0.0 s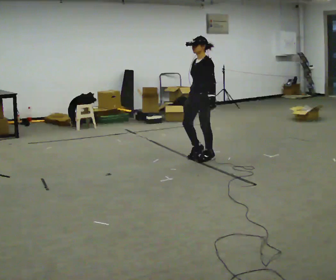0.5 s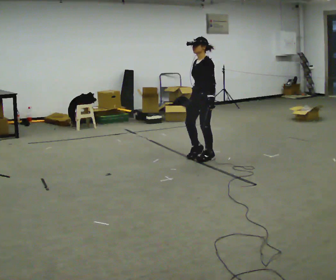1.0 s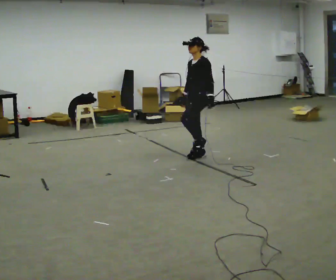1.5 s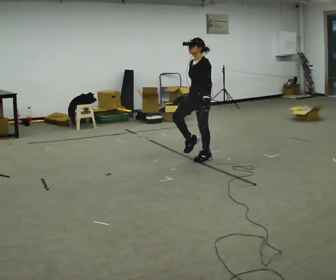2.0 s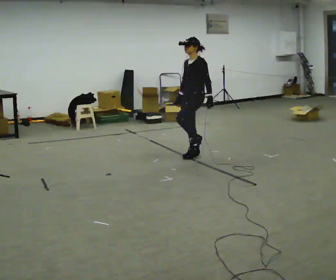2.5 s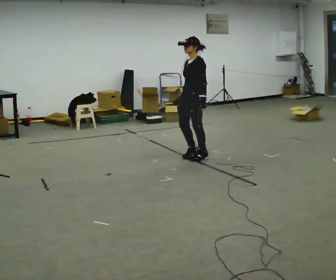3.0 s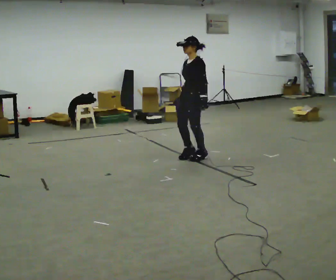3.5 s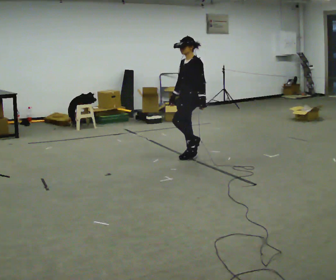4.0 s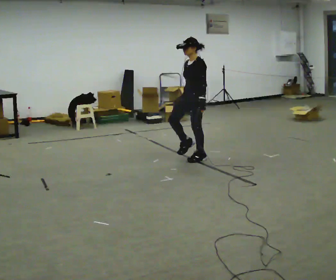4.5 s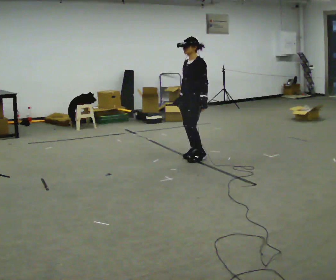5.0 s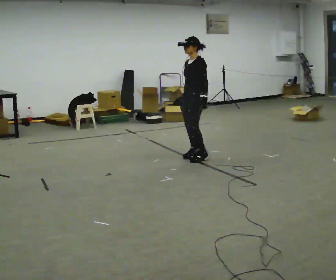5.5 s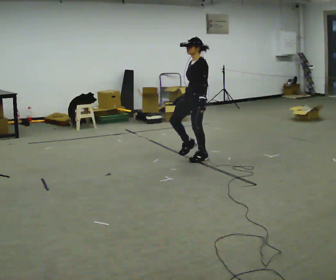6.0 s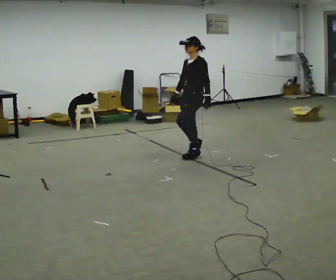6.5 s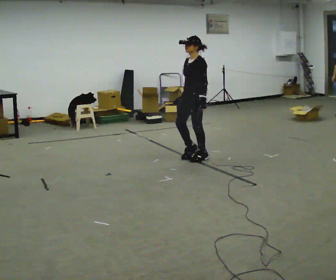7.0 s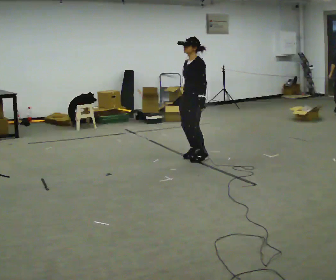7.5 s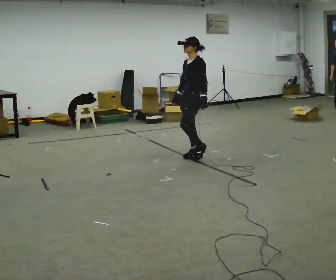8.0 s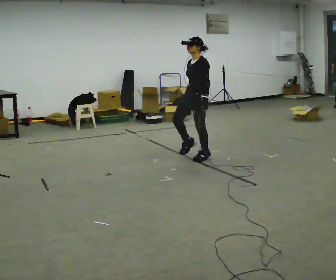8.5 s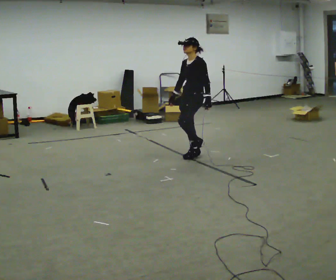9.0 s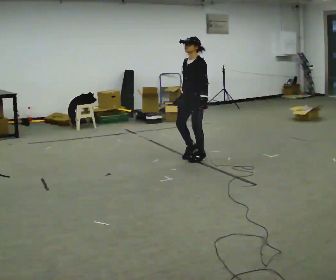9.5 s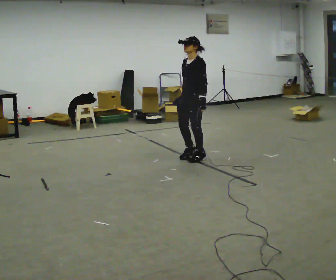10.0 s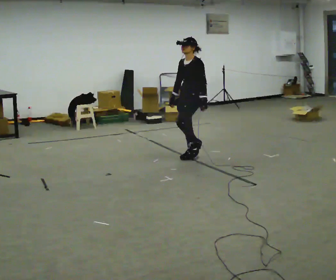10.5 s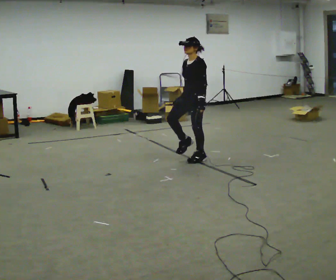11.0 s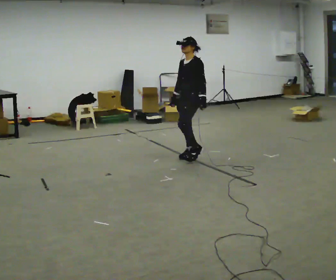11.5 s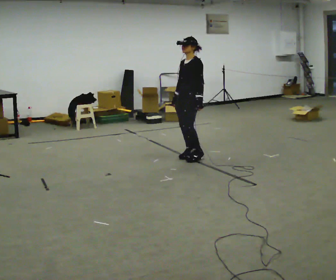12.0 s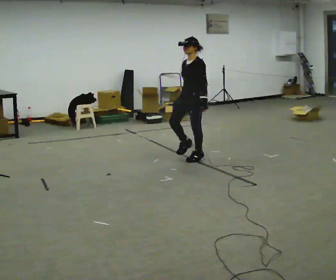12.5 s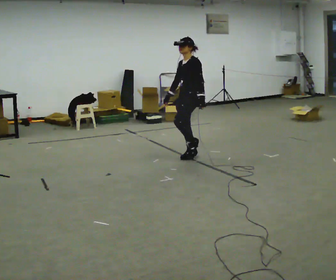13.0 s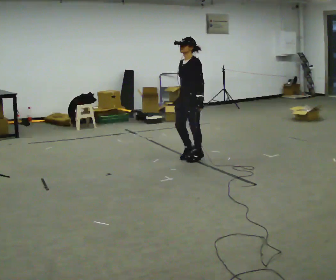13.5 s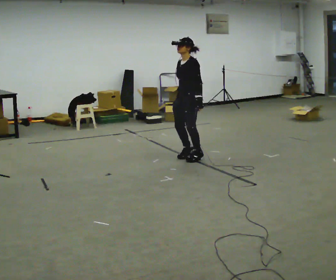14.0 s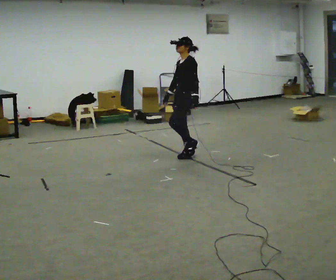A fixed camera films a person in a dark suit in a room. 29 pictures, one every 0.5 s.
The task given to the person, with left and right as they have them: March in place at a comfortable rhythm without moving forward; stop.
0.0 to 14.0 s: In the picture they go to the left, about 0.25 m in 1 step, which for them is forward. In the picture their right hand goes to the left.
The film runs forward here.
